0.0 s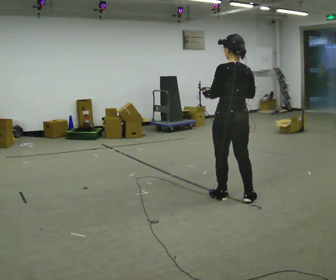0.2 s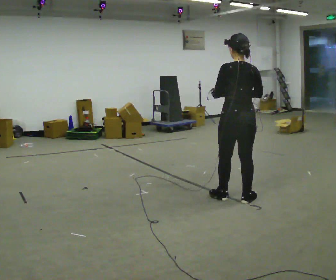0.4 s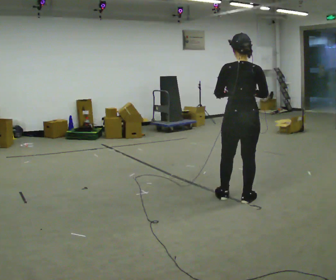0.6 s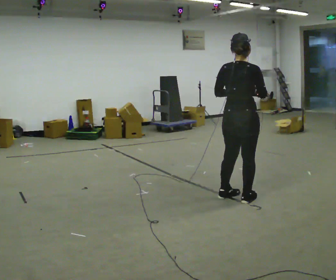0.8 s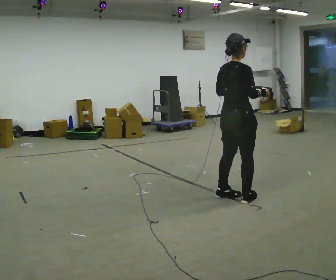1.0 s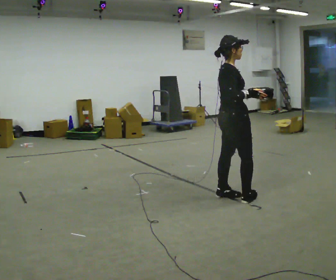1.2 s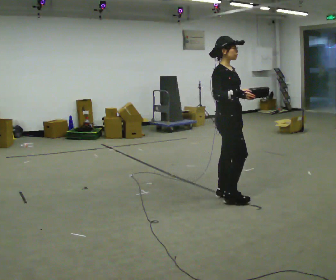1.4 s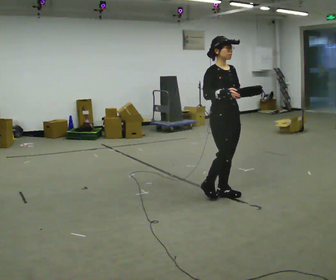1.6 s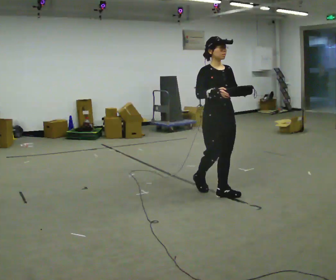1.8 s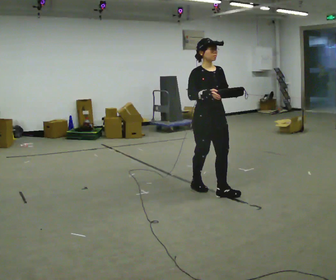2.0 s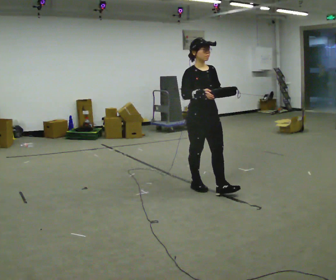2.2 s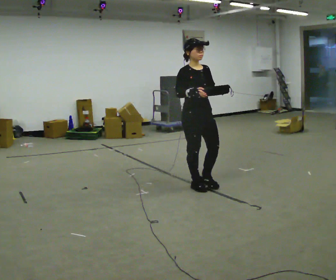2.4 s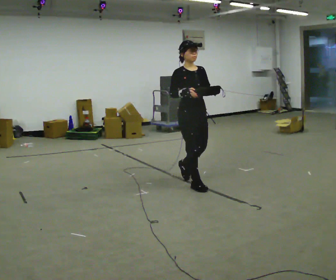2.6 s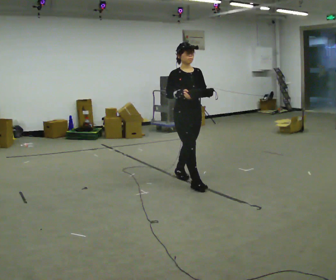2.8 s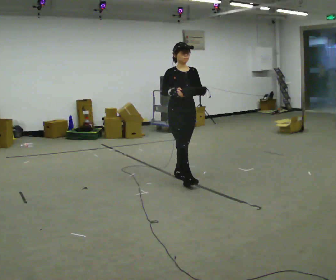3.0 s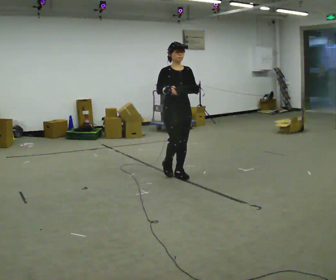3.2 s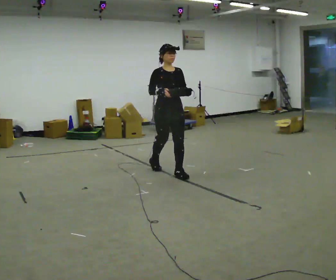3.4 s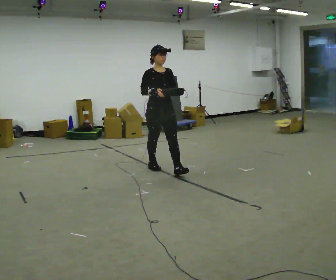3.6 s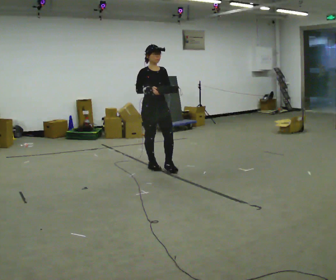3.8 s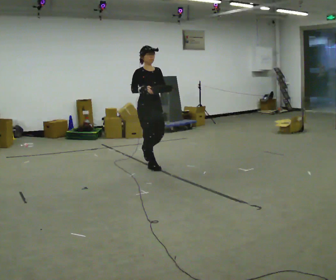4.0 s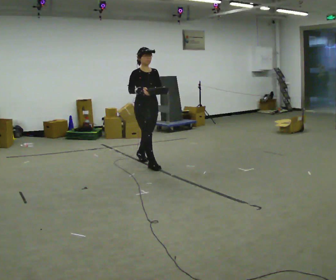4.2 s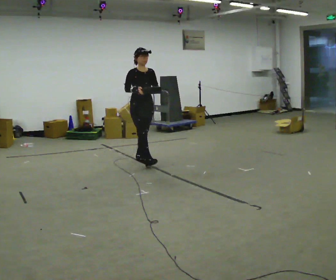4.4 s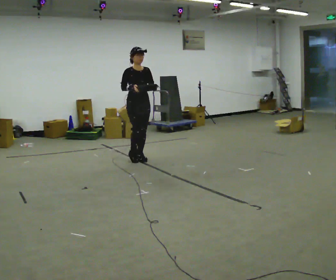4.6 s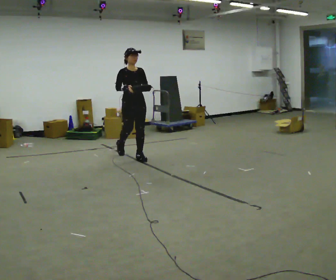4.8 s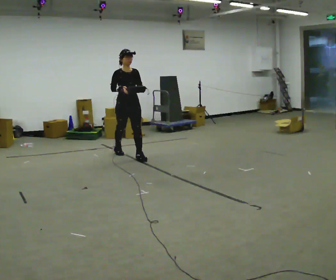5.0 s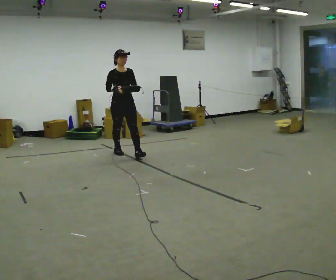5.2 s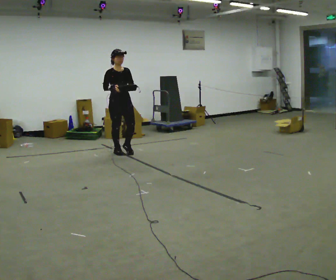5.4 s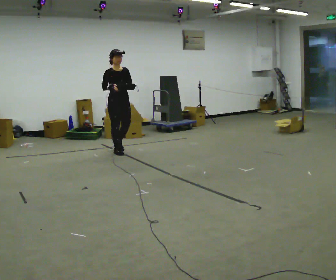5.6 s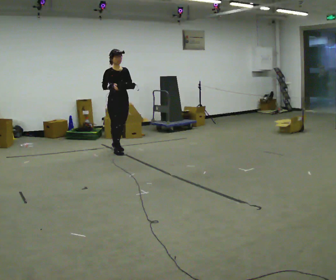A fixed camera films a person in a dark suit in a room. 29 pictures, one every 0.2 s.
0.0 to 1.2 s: Seen from above the body turns clockwise, about 135 degrees: to their right, with its near side sliding to the left. In the picture their left hand goes to the right.
1.2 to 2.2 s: The part of the body nearest the lens slides to the left as the person turns to their right by about 30 degrees. In the picture they go to the left and away from the camera, about 0.5 m in 1 step, which for them is backward.
2.2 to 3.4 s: In the picture they go away from the camera and to the left, about 1 m in 2 steps, which for them is backward.
3.4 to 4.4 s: In the picture they go away from the camera and to the left, about 0.75 m in 1 step, which for them is backward.
4.4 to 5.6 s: In the picture they go to the left and away from the camera, about 0.5 m in 1 step, which for them is backward.
The film runs backward here.
